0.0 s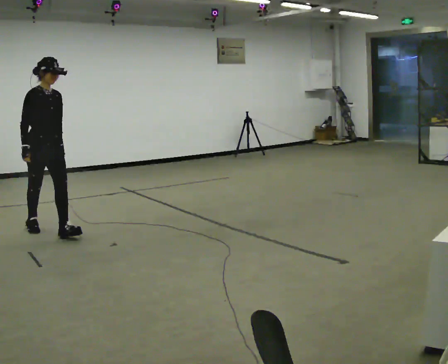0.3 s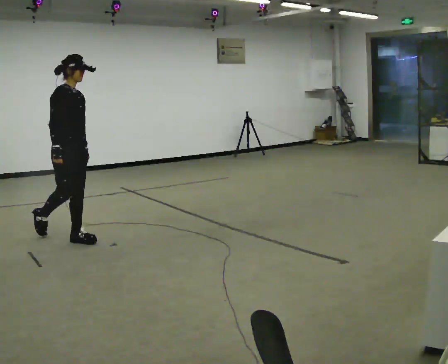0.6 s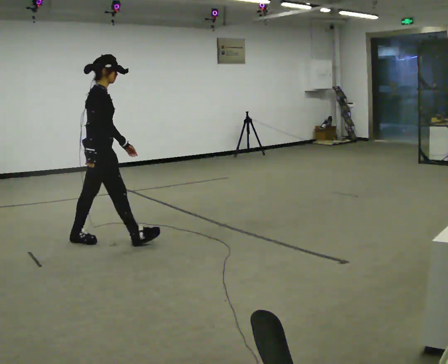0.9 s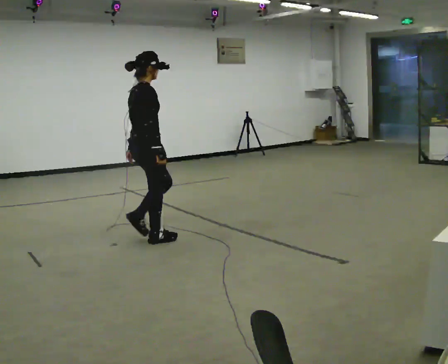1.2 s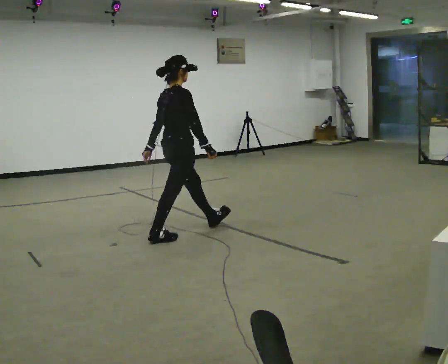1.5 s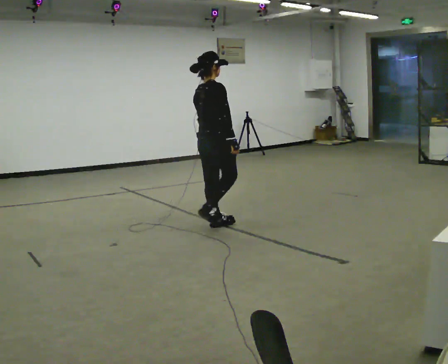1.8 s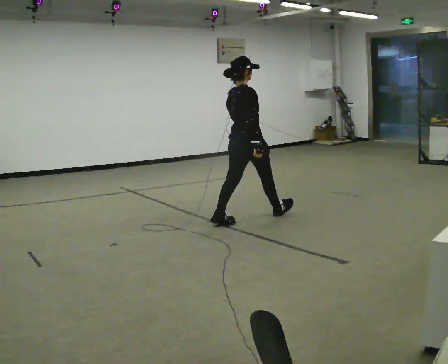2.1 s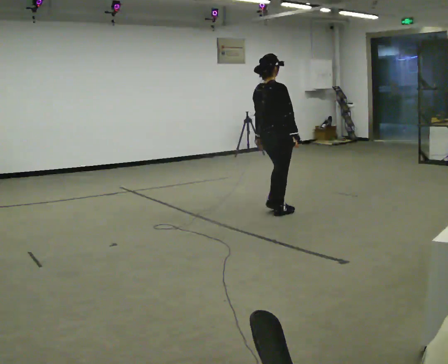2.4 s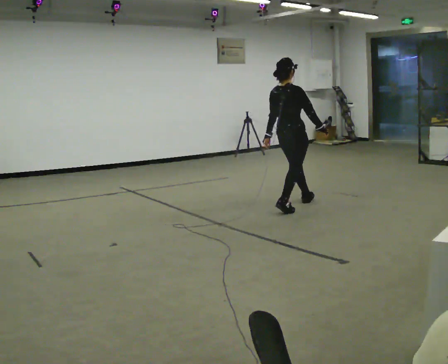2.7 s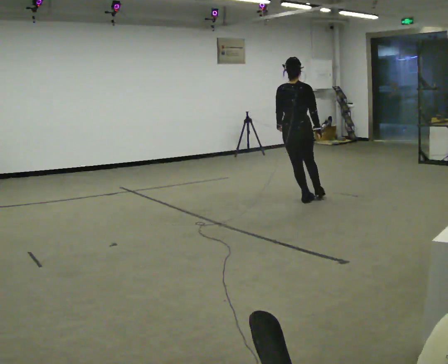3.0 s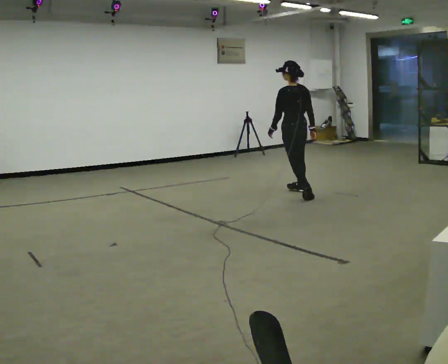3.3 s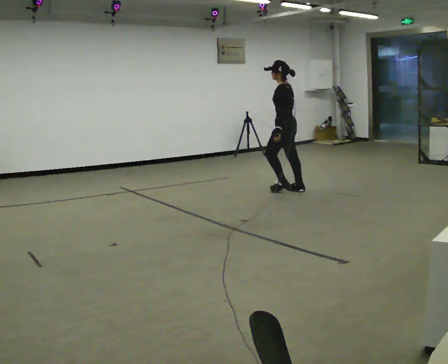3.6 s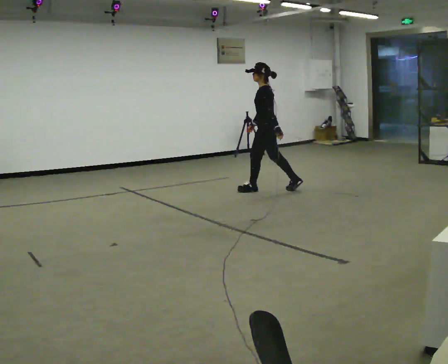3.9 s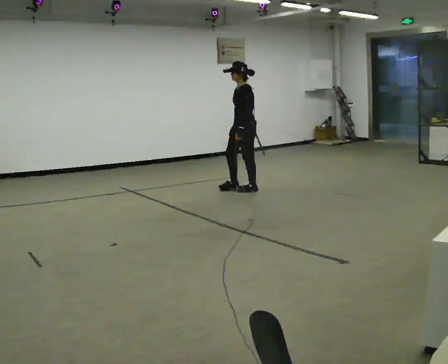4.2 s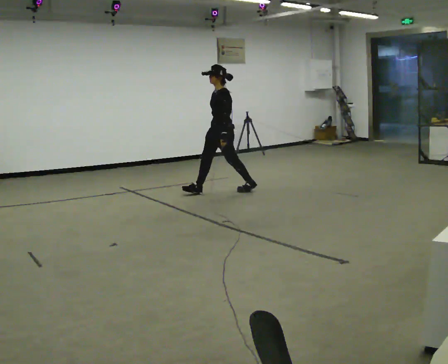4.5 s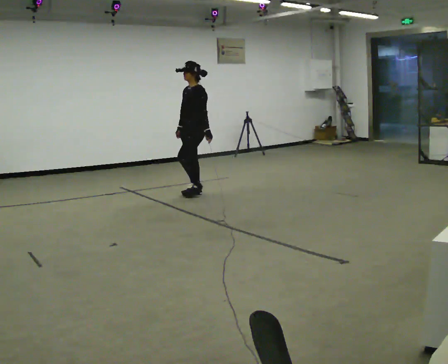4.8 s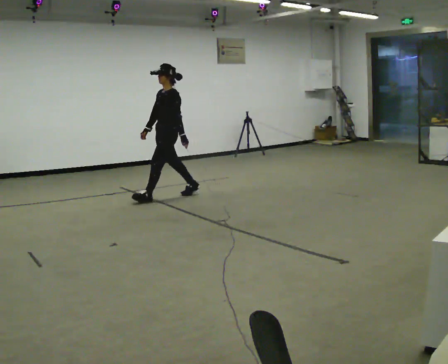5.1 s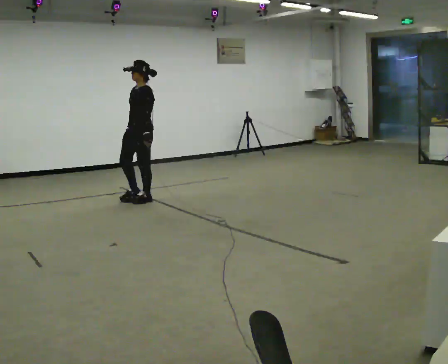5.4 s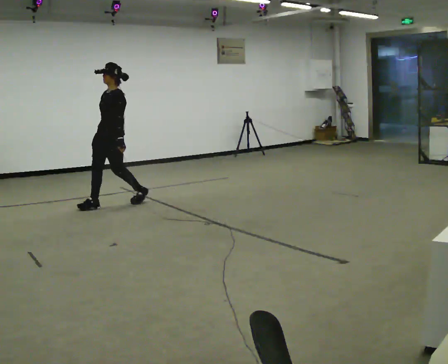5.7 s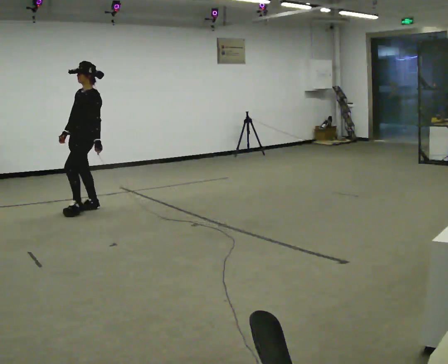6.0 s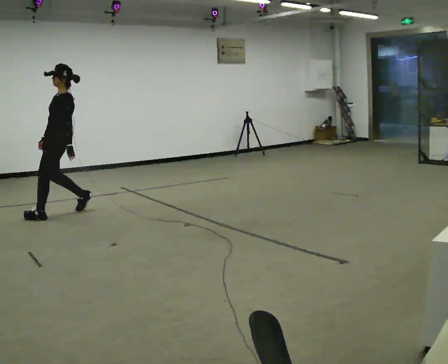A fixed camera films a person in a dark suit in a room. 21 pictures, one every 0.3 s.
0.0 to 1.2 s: The part of the body nearest the lens slides to the right as the person turns to their left by about 75 degrees. In the picture they go to the right, about 1.5 m in 2 steps.
1.2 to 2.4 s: In the picture they go away from the camera and to the right, about 1.5 m in 3 steps, which for them is forward.
2.4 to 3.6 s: The person turns about 120 degrees to their left, counterclockwise seen from above, so the part of the body nearest the lens slides to the right. In the picture they go away from the camera and to the left, about 1 m in 2 steps.
3.6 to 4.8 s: Seen from above the body turns counterclockwise, about 45 degrees: to their left, with its near side sliding to the right. In the picture they go to the left, about 1 m in 2 steps, which for them is forward.
4.8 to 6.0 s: In the picture they go toward the camera and to the left, about 1.5 m in 2 steps, which for them is forward.
The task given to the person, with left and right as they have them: Walk continuously around room; naturally change direction/speed; no manipulation.
The film runs forward here.
